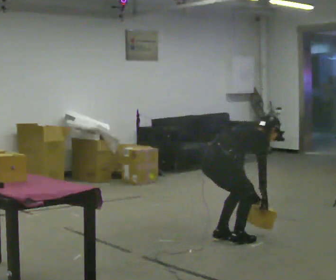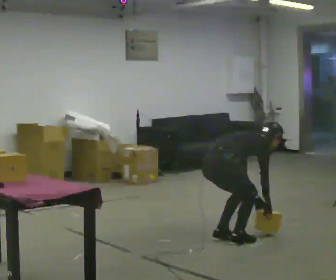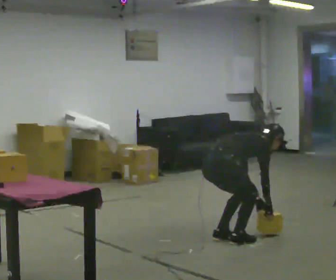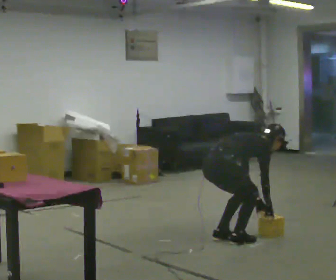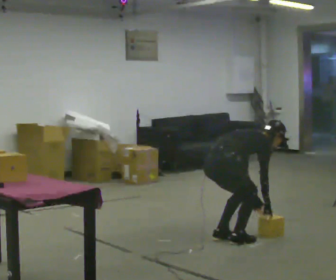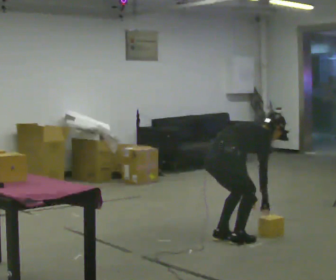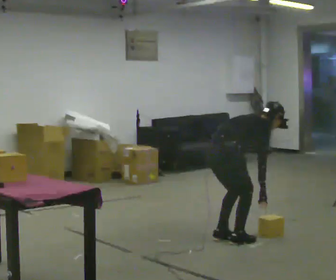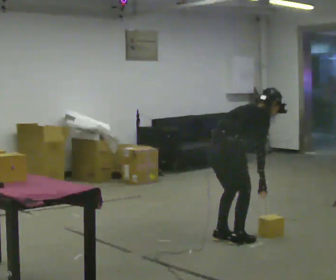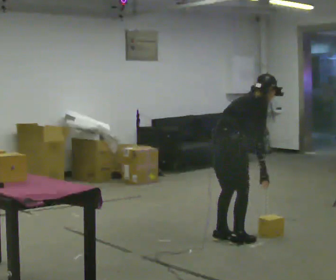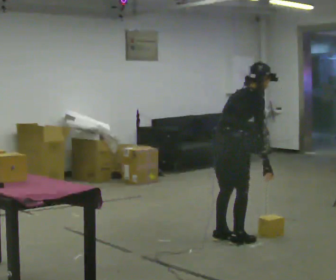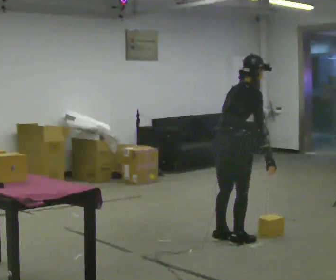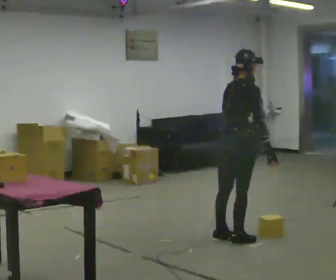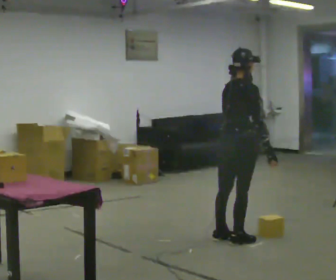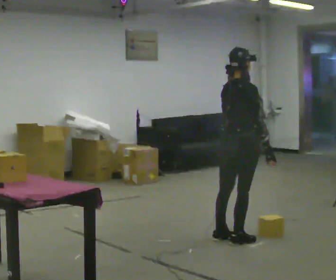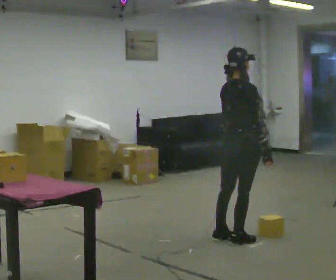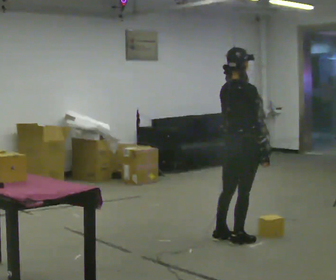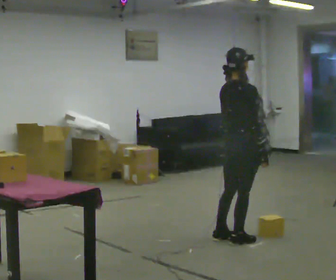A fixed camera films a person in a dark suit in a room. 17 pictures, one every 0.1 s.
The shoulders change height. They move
upward.
The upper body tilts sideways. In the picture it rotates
counterclockwise.
0.0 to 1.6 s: In the picture they go to the right, about 0.25 m, which for them is forward. The upper body goes upward. In the picture the upper body tilts counterclockwise, shoulders to the left, as they lean back or straighten. In the picture their left hand goes upward.
The film runs forward here.
